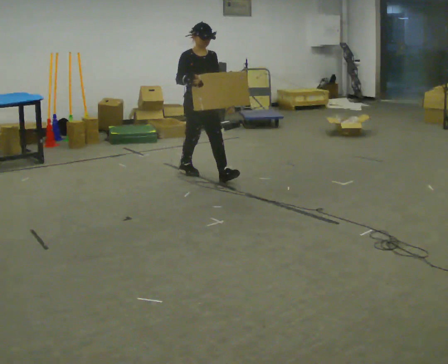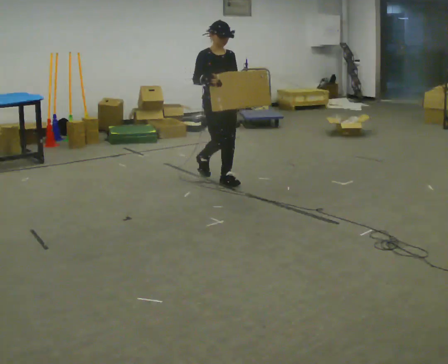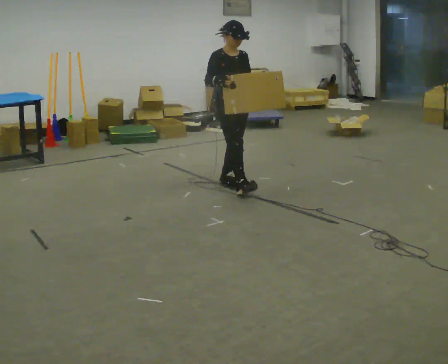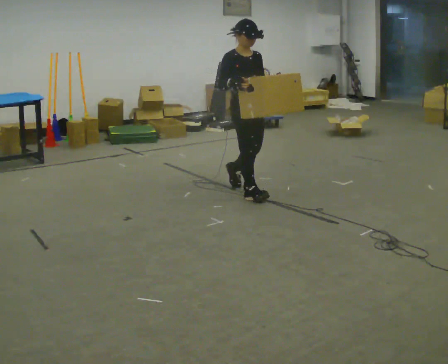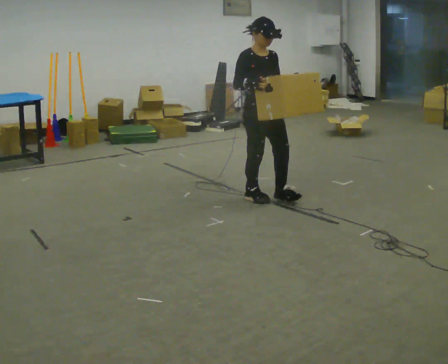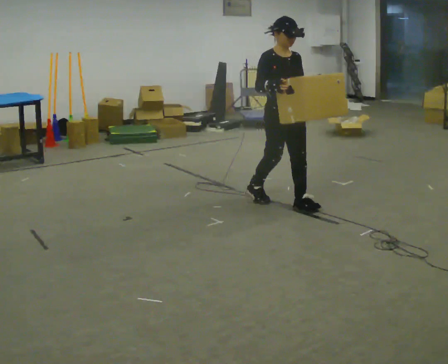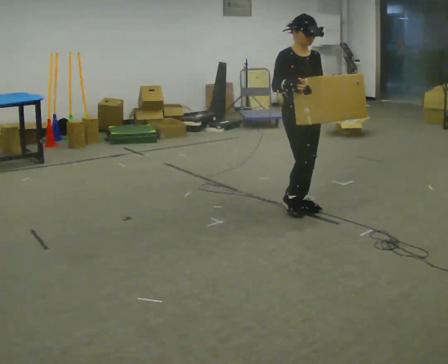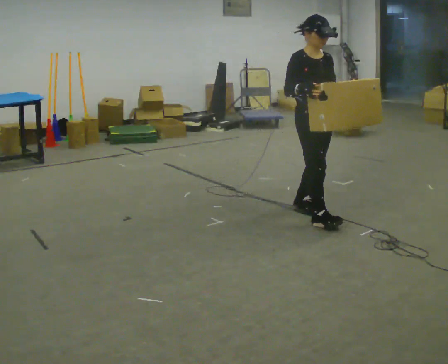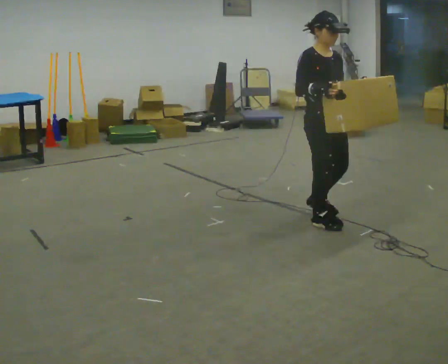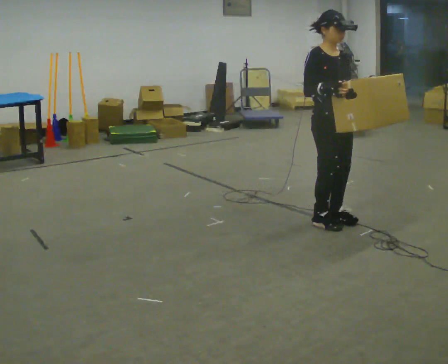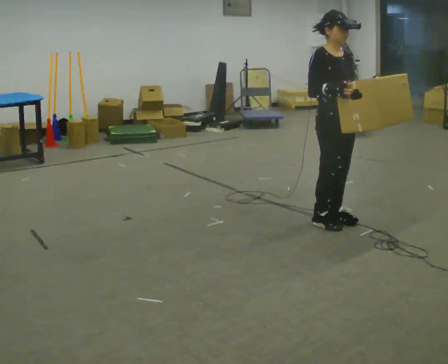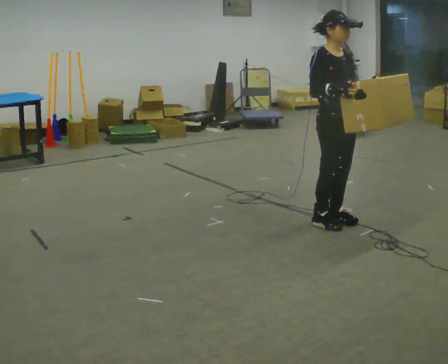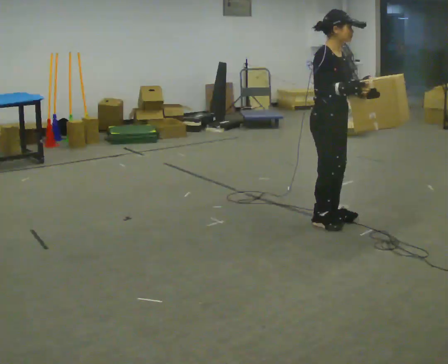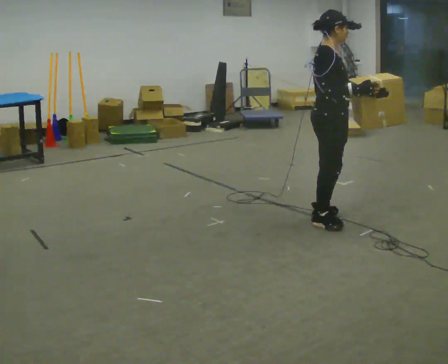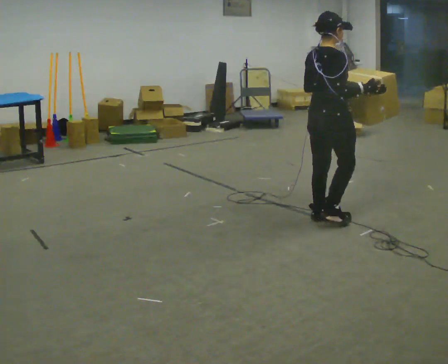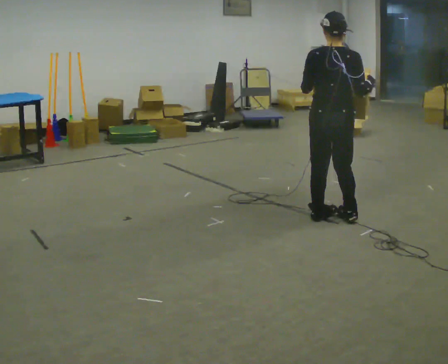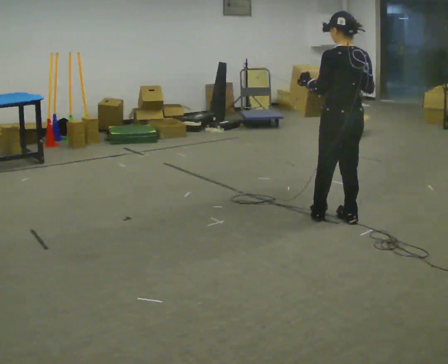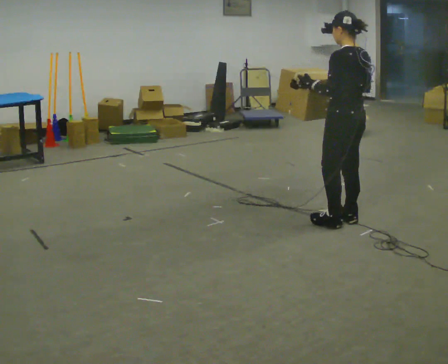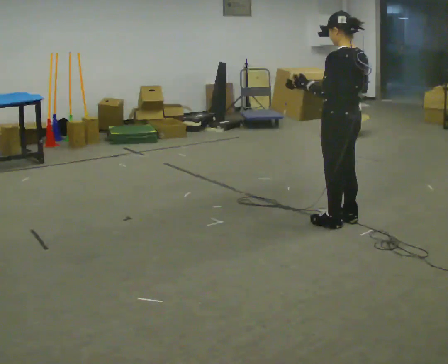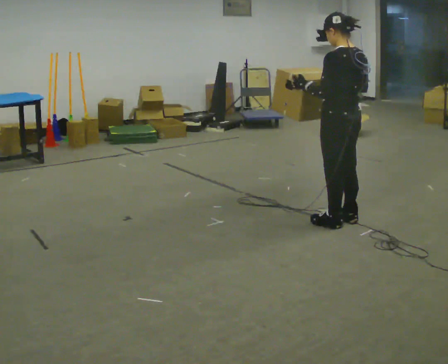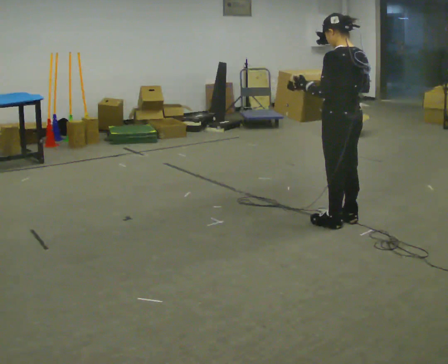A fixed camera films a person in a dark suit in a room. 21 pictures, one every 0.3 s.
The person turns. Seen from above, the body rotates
counterclockwise.
The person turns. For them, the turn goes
to their left.
0.0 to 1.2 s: In the picture they go to the right and toward the camera, about 1 m in 2 steps, which for them is forward.
1.2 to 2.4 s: In the picture they go toward the camera and to the right, about 0.75 m in 2 steps, which for them is forward.
2.4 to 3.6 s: The person moves a little, or ends about where they began.
3.6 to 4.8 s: The person turns about 150 degrees to their left, counterclockwise seen from above, so the part of the body nearest the lens slides to the right.
4.8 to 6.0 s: The person moves a little, or ends about where they began.
The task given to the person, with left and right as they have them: Carry the heavy box in both hands in front of you, walking back and forth across the room. Keep walking until the operator says stop. Set it down if you need a rest.
The film runs forward here.
